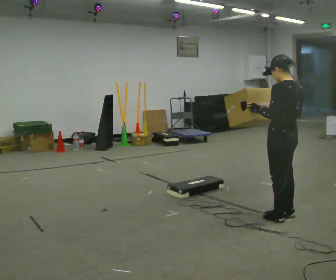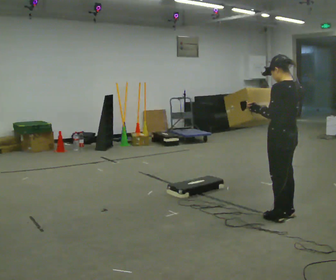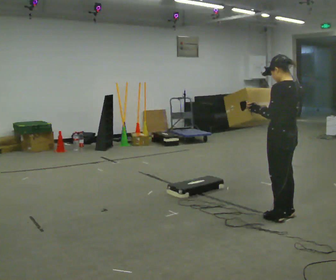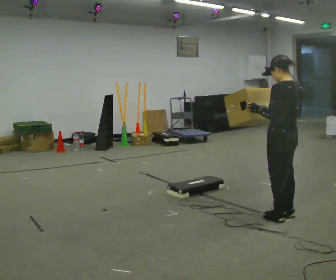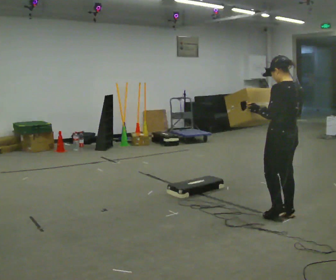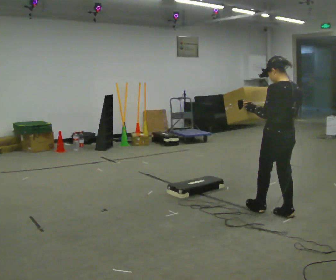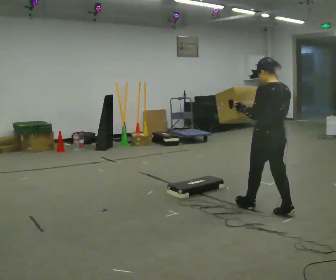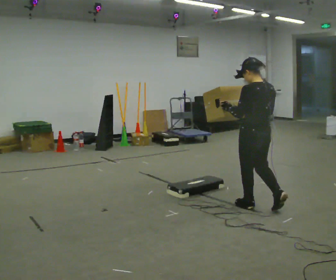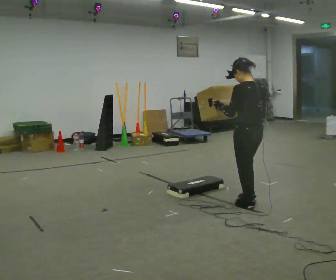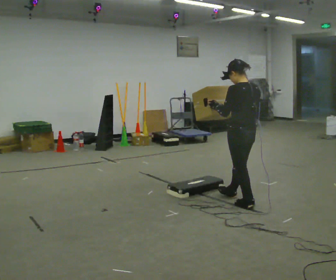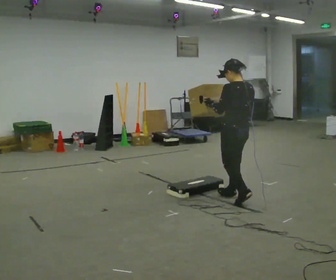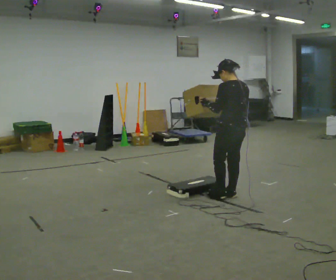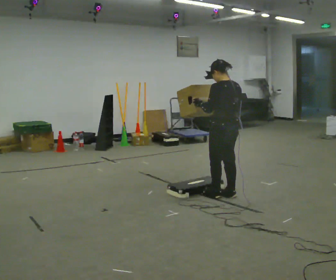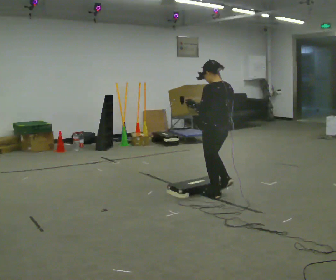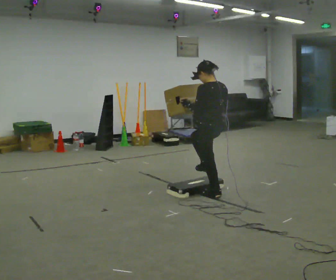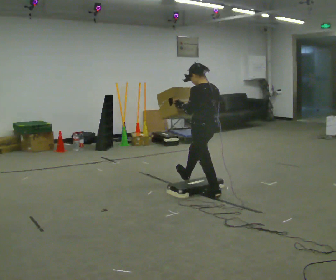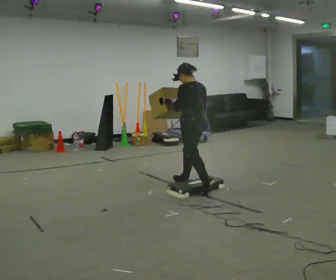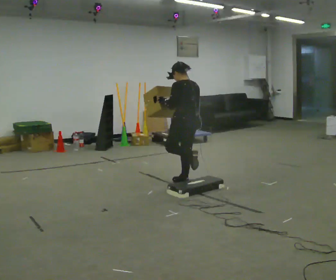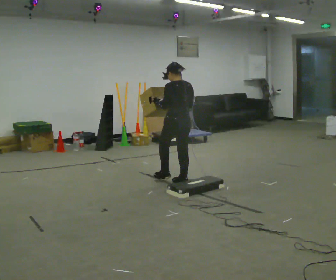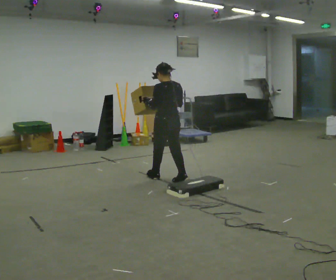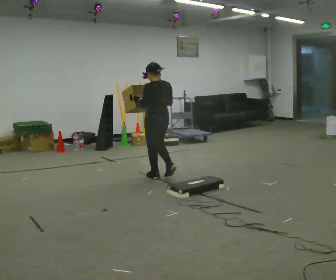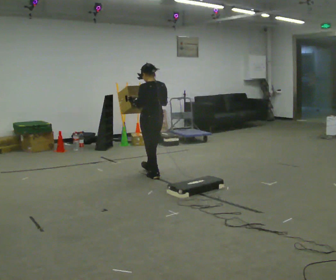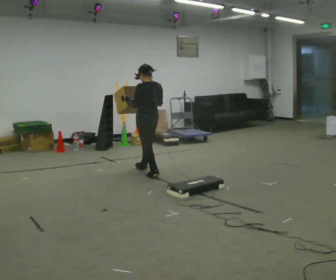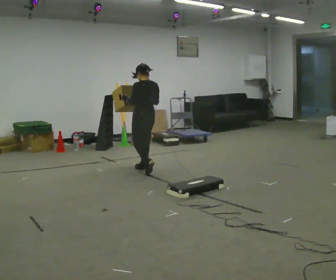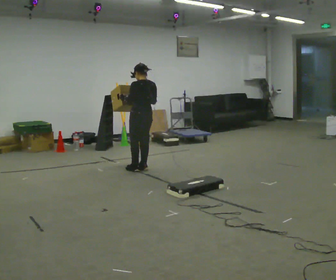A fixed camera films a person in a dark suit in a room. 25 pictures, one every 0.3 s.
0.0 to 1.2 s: The person keeps their place and pose.
1.2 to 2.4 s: In the picture they go to the left and away from the camera, about 0.5 m in 1 step, which for them is forward.
2.4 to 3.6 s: In the picture they go away from the camera and to the left, about 0.5 m in 2 steps, which for them is forward.
3.6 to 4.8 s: In the picture they go away from the camera and to the left, about 0.5 m in 1 step, which for them is forward.
4.8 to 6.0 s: In the picture they go to the left and away from the camera, about 0.5 m in 1 step, which for them is forward.
6.0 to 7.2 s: In the picture they go away from the camera and to the left, about 0.5 m in 2 steps, which for them is forward.
The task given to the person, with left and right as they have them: Carry the box over the low sill without stopping, then bring it back over. Keep going until the operator says stop; one object at a time, and do not rush between trips.
The film runs forward here.
